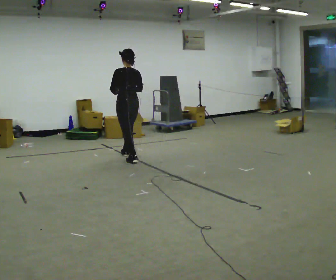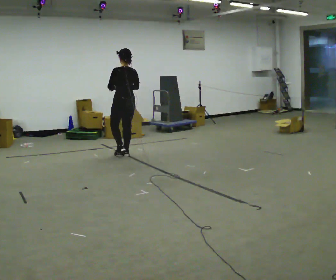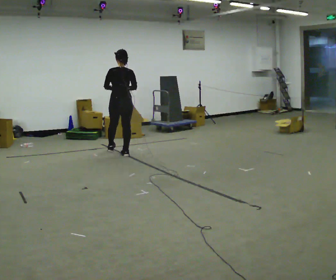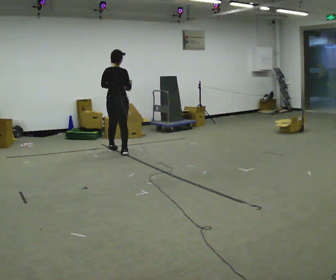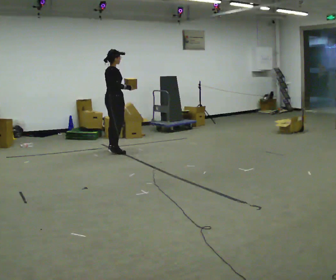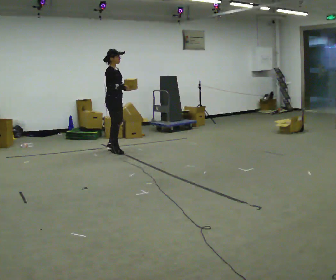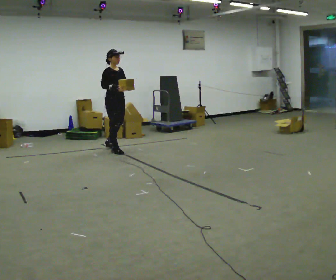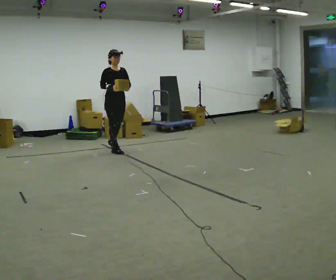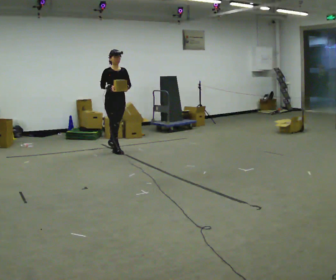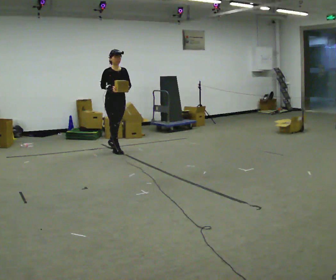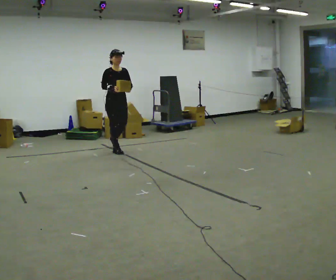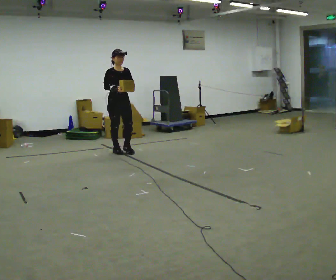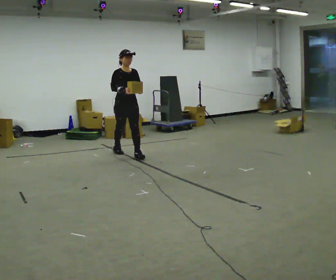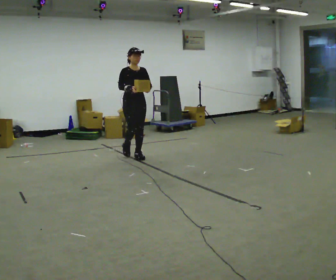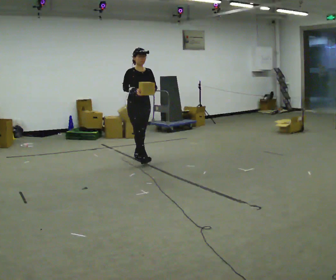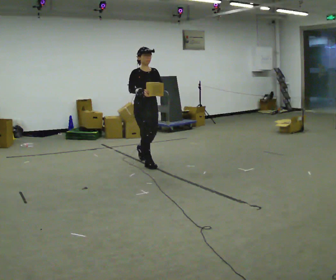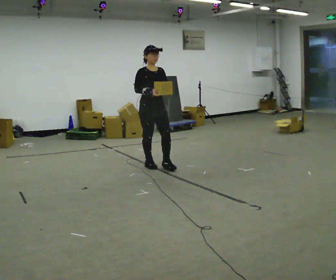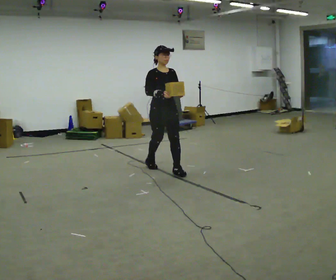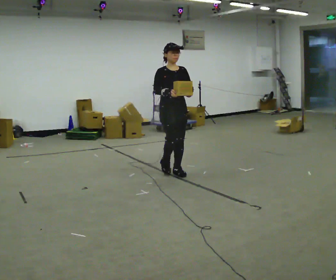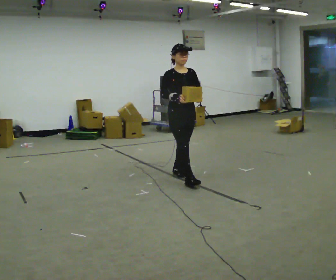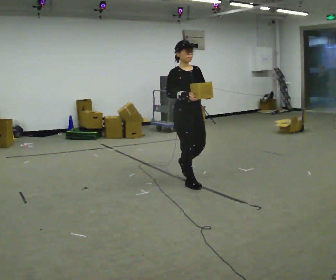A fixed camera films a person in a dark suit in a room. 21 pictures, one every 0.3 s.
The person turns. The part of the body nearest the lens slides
to the left.
The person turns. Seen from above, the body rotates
clockwise.
0.0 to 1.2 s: Seen from above the body turns clockwise, about 105 degrees: to their right, with its near side sliding to the left. In the picture they go away from the camera and to the left, about 0.5 m in 1 step.
1.2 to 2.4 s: The part of the body nearest the lens slides to the left as the person turns to their right by about 75 degrees.
2.4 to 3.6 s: In the picture they go toward the camera and to the right, about 0.5 m in 1 step, which for them is forward.
3.6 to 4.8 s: In the picture they go toward the camera and to the right, about 1 m in 1 step, which for them is forward.
4.8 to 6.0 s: In the picture they go toward the camera and to the right, about 1 m in 2 steps, which for them is forward.
The film runs forward here.
